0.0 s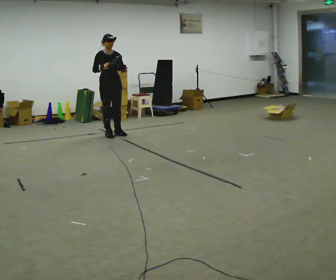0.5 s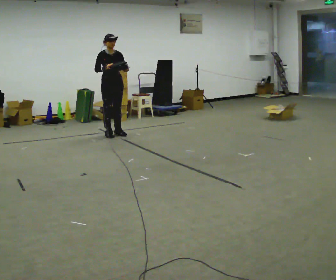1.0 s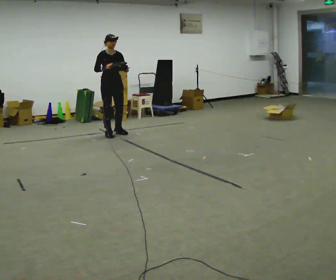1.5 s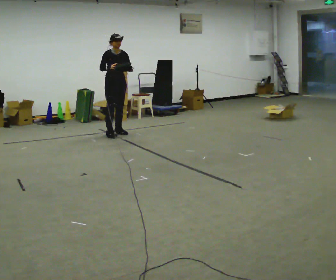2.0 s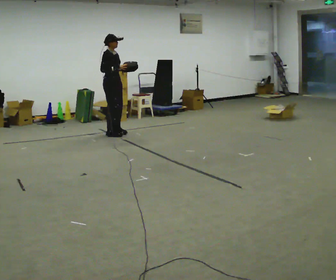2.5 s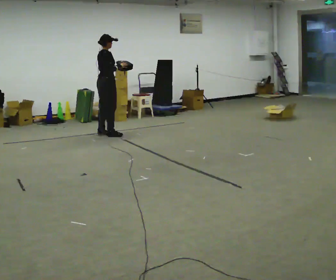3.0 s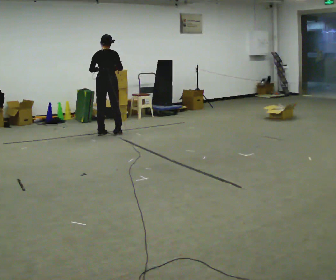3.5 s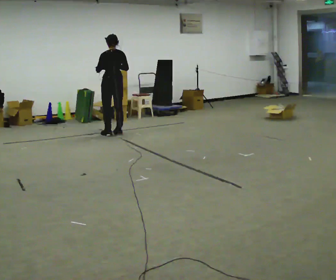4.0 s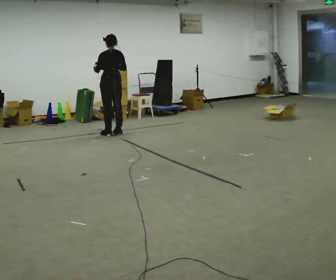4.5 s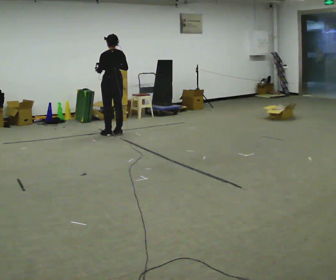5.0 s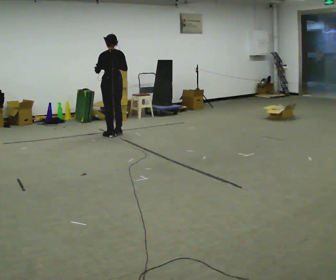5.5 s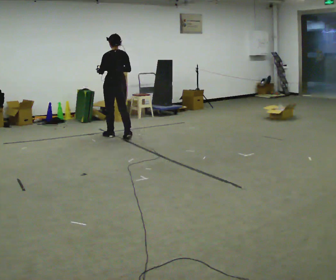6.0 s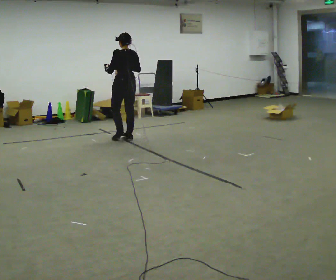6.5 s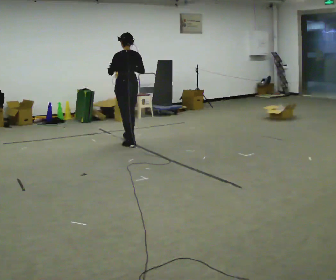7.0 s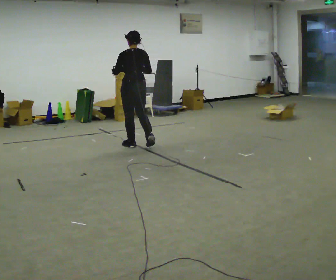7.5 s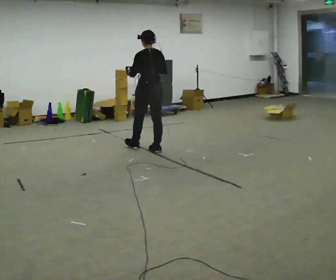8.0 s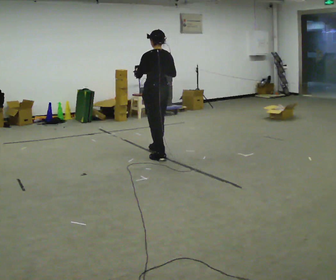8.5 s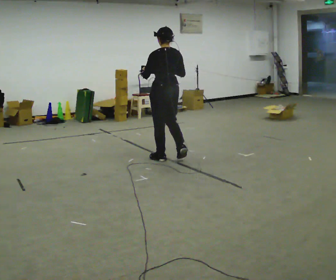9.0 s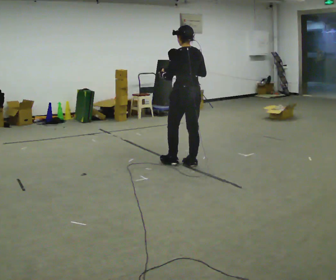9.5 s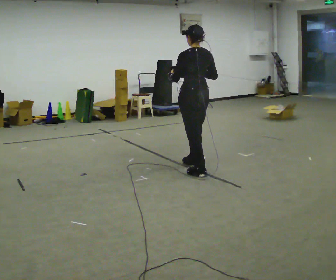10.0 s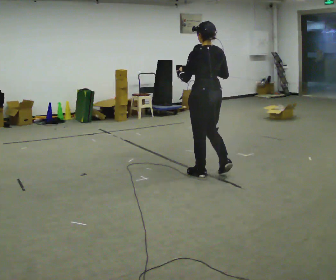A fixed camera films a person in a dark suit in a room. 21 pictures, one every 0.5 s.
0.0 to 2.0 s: Seen from above the body turns counterclockwise, about 30 degrees: to their left, with its near side sliding to the right.
2.0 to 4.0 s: The part of the body nearest the lens slides to the right as the person turns to their left by about 150 degrees. In the picture their left hand goes to the left.
4.0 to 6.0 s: In the picture they go toward the camera and to the right, about 0.5 m in 2 steps, which for them is backward.
6.0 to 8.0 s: In the picture they go toward the camera and to the right, about 1 m in 2 steps, which for them is backward.
8.0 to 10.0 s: In the picture they go toward the camera and to the right, about 1 m in 3 steps, which for them is backward.
The film runs backward here.
